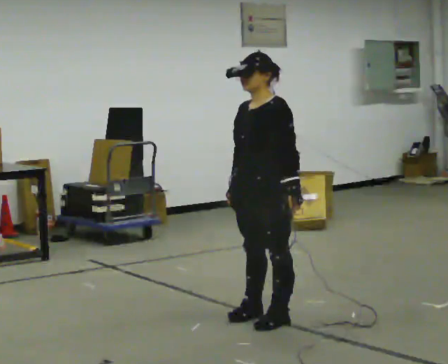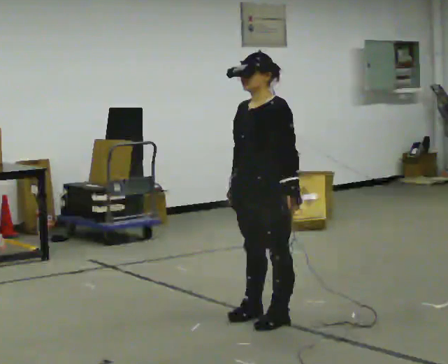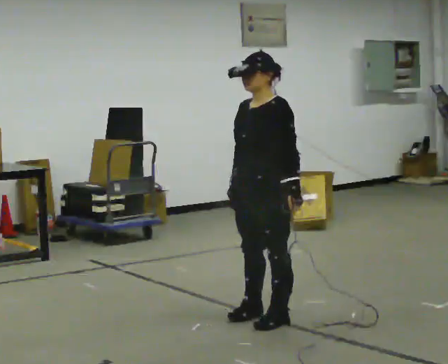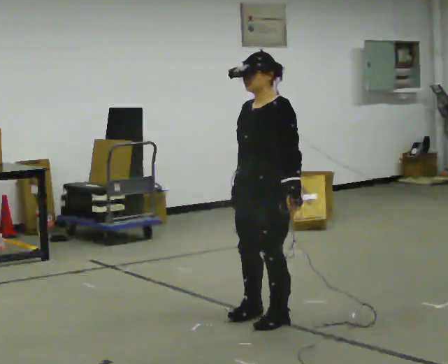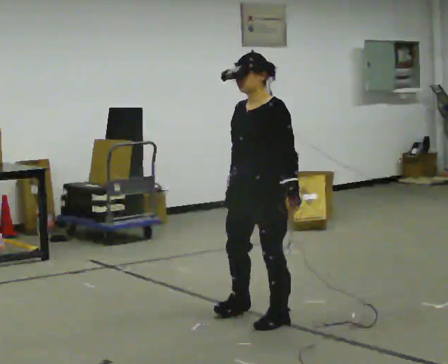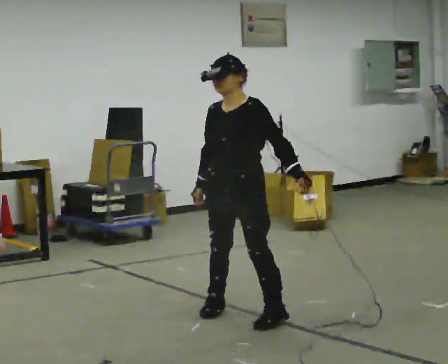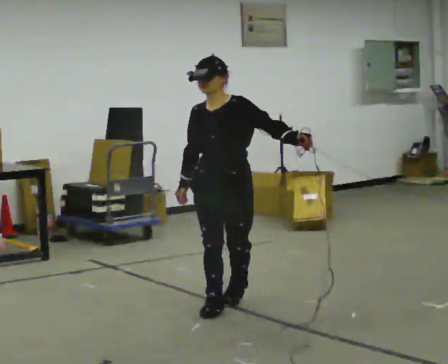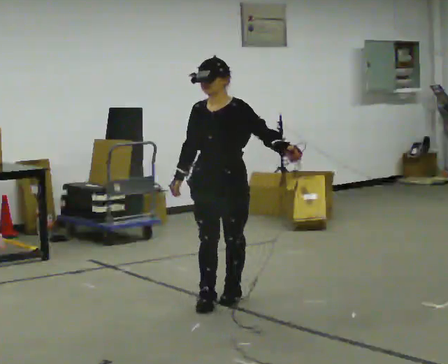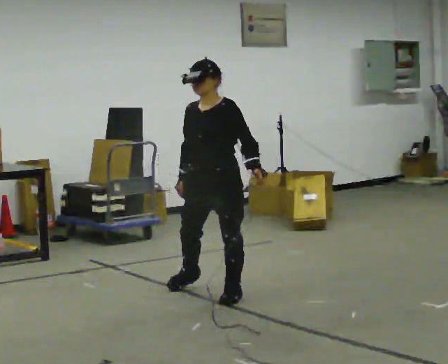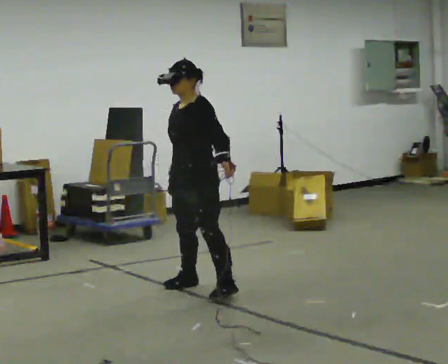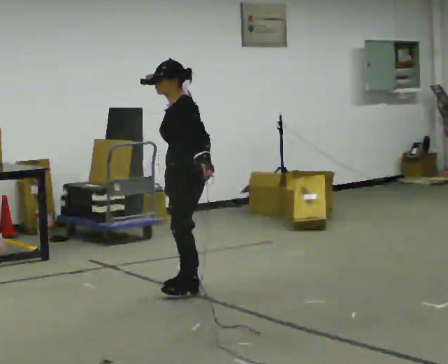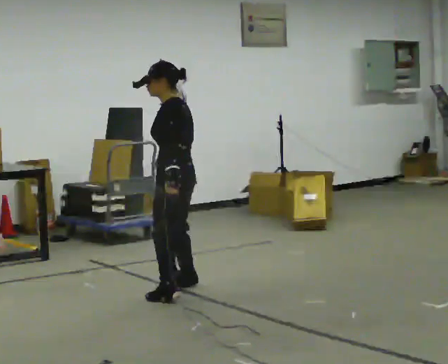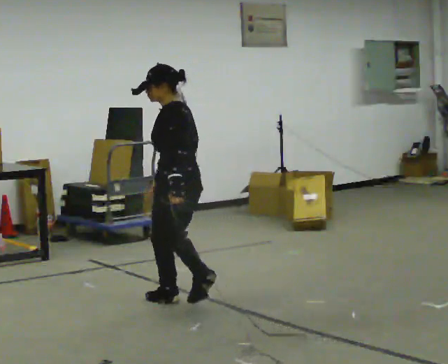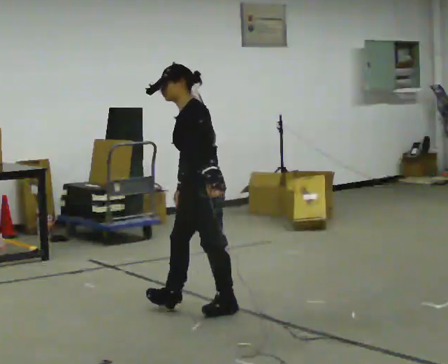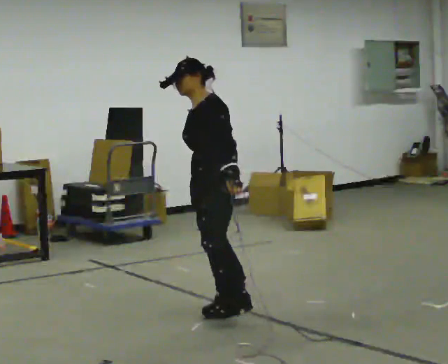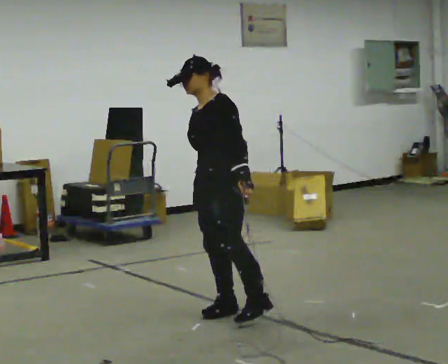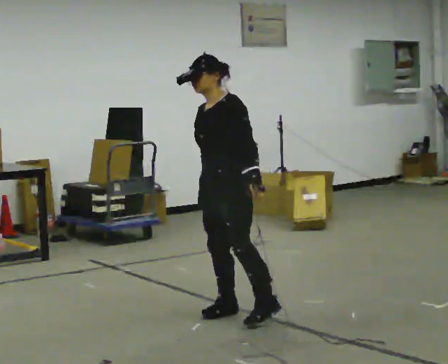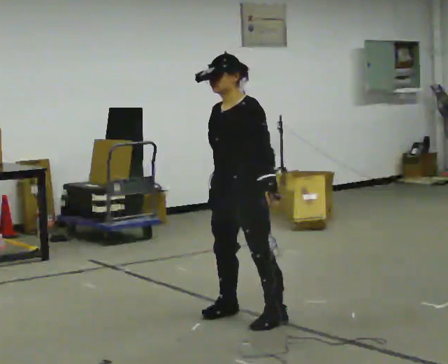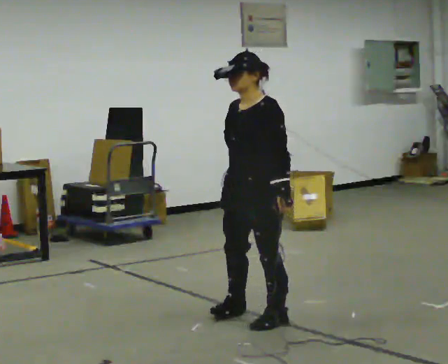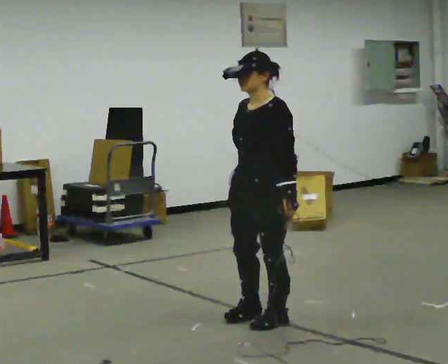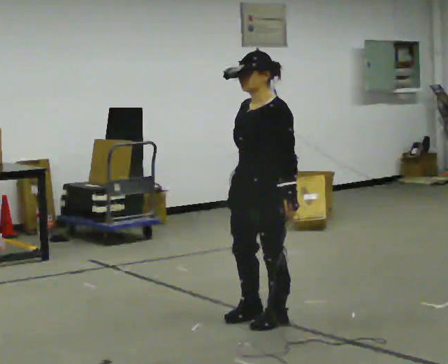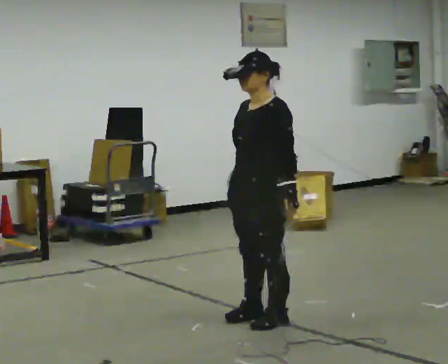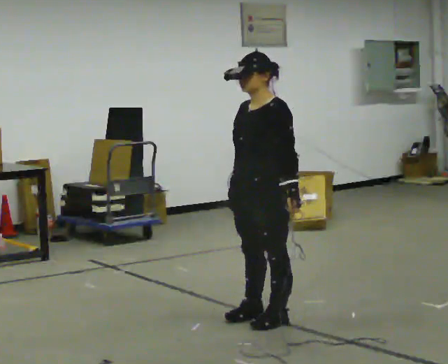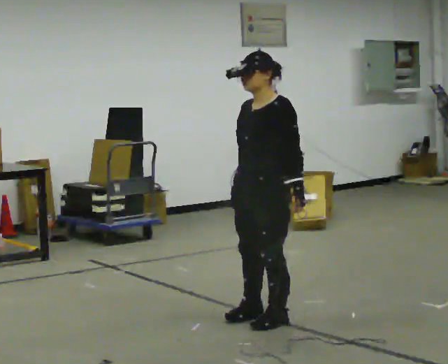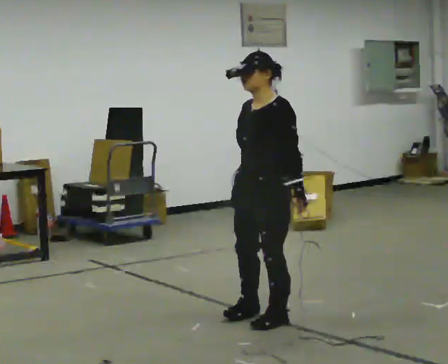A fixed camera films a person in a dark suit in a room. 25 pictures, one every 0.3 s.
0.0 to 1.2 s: The person moves a little, or ends about where they began.
1.2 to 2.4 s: In the picture they go away from the camera, about 0.5 m in 2 steps, which for them is backward and to their right.
2.4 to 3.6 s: The person turns about 90 degrees to their right, clockwise seen from above, so the part of the body nearest the lens slides to the left. In the picture they go to the left, about 0.25 m in 2 steps. In the picture their left hand goes to the left.
3.6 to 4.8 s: The part of the body nearest the lens slides to the right as the person turns to their left by about 60 degrees. In the picture they go toward the camera and to the right, about 0.5 m in 1 step, which for them is to their left and backward.
4.8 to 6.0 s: In the picture they go toward the camera and to the right, about 0.25 m, which for them is to their left.
6.0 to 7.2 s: The person moves a little, or ends about where they began.
The film runs backward here.
